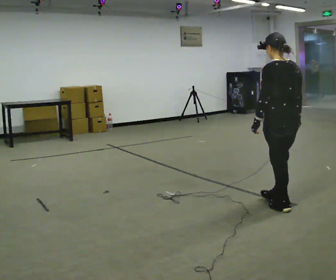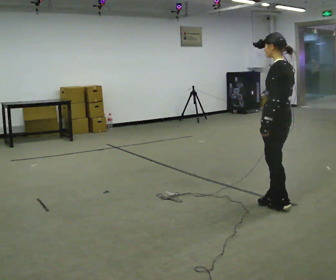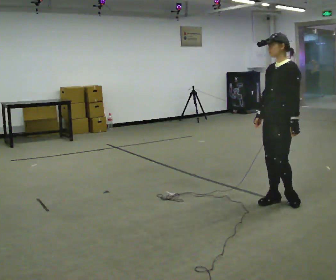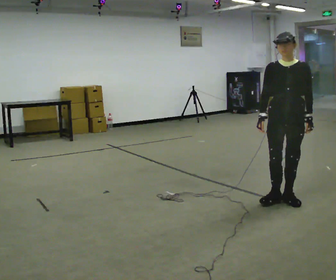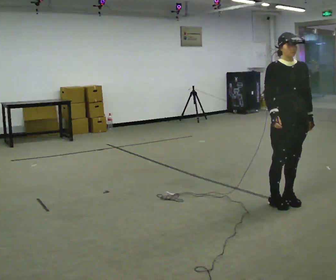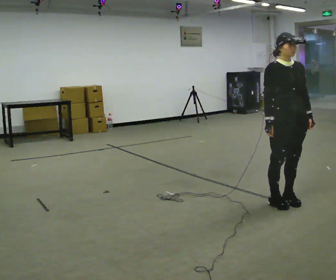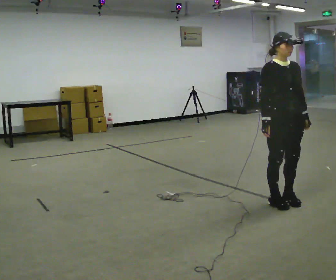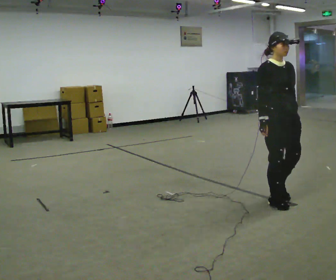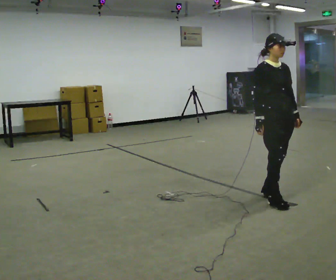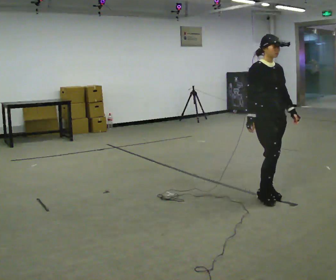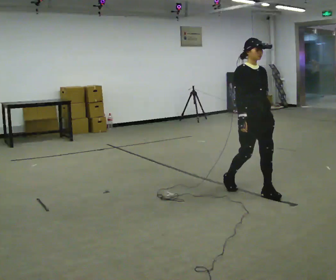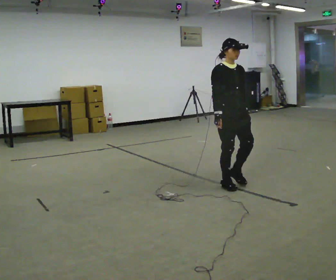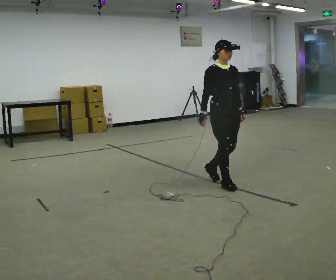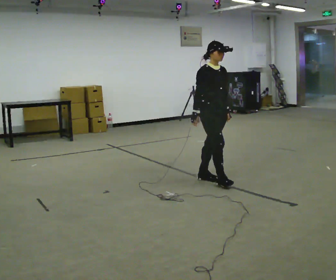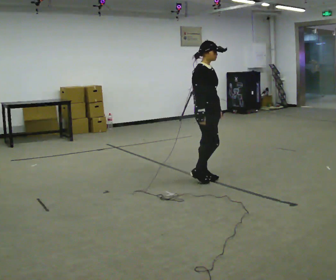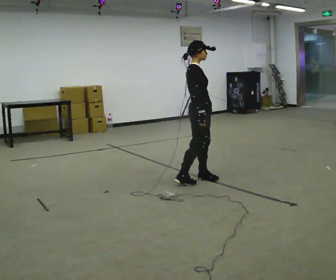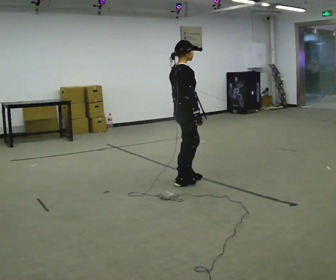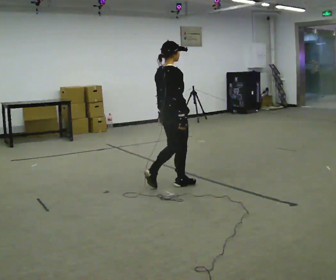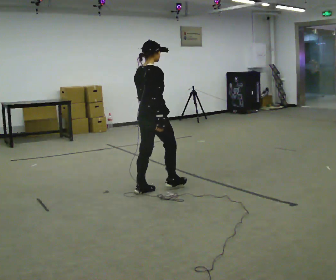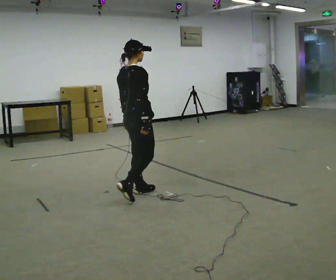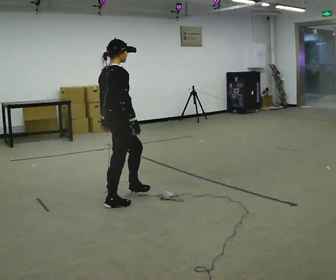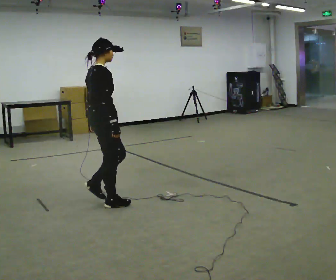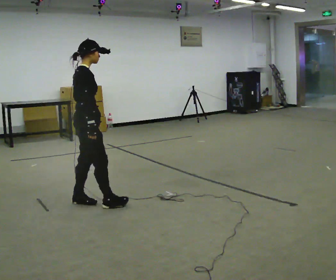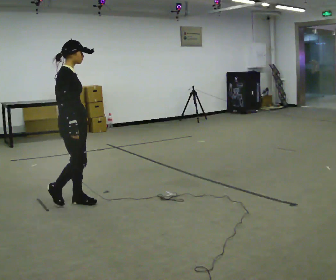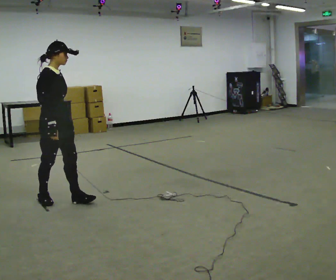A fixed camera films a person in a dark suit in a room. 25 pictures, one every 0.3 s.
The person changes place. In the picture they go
to the left.
0.0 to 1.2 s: Seen from above the body turns counterclockwise, about 165 degrees: to their left, with its near side sliding to the right. In the picture their right hand goes to the left.
1.2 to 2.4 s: The person moves a little, or ends about where they began.
2.4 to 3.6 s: In the picture they go away from the camera and to the left, about 0.5 m in 2 steps, which for them is backward.
3.6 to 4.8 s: The part of the body nearest the lens slides to the right as the person turns to their left by about 75 degrees. In the picture they go to the left, about 0.5 m in 2 steps.
4.8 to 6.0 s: In the picture they go toward the camera and to the left, about 1 m in 2 steps, which for them is backward.
6.0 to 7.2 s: The part of the body nearest the lens slides to the left as the person turns to their right by about 45 degrees. In the picture they go to the left, about 0.5 m in 1 step, which for them is backward.
The film runs backward here.
